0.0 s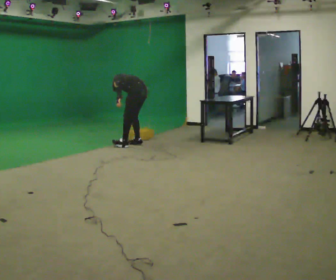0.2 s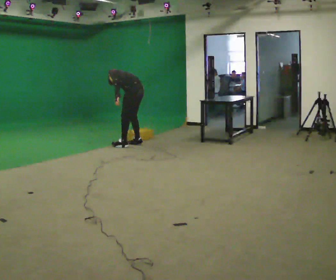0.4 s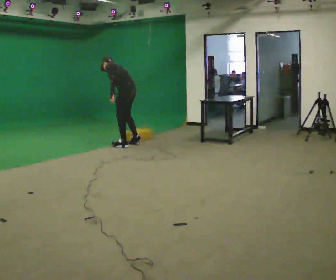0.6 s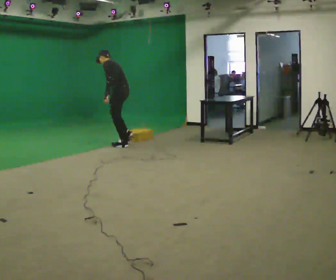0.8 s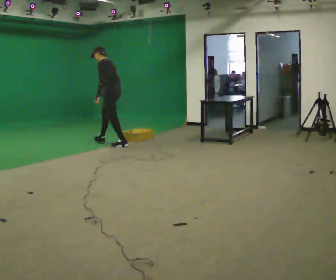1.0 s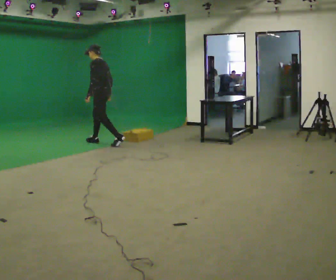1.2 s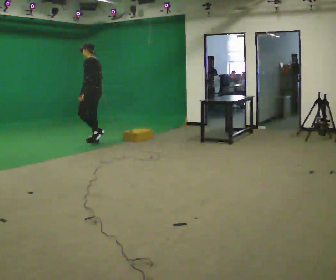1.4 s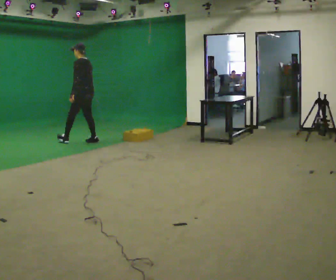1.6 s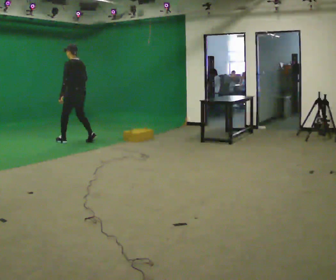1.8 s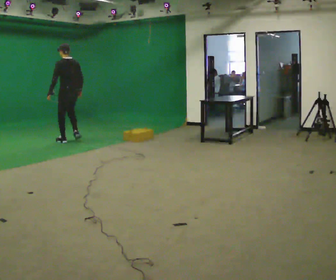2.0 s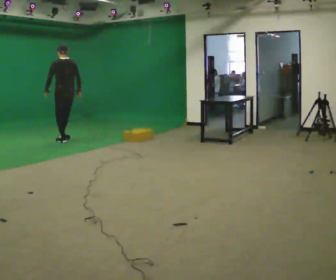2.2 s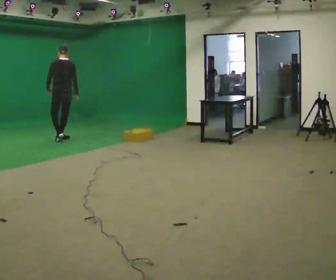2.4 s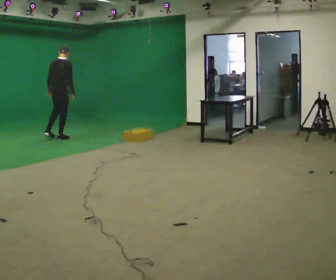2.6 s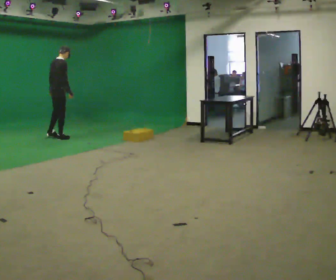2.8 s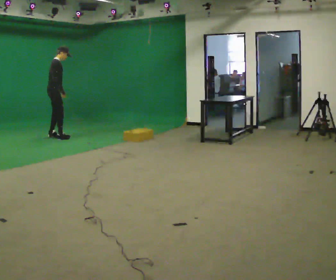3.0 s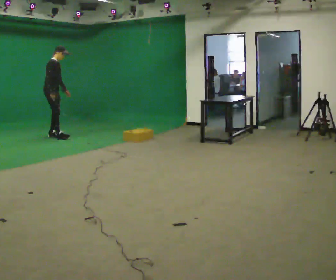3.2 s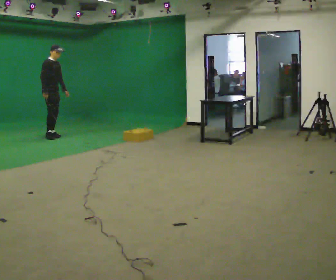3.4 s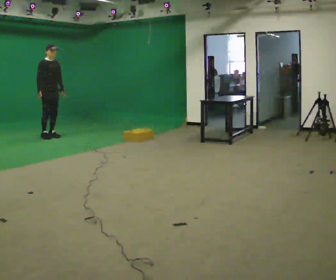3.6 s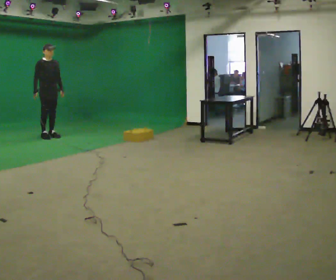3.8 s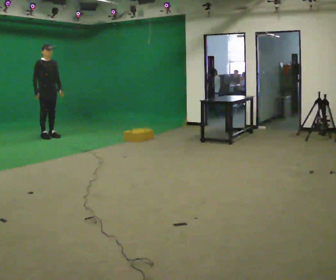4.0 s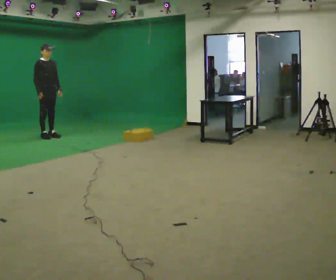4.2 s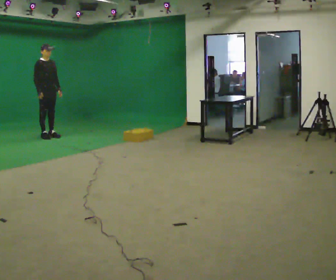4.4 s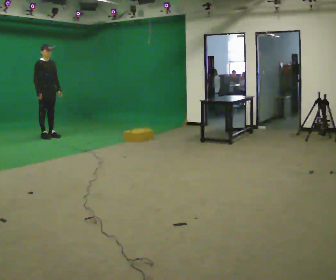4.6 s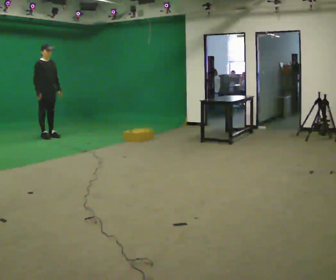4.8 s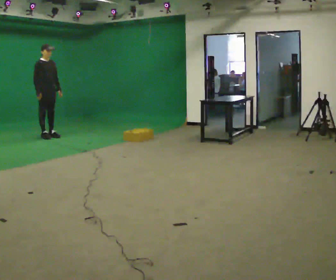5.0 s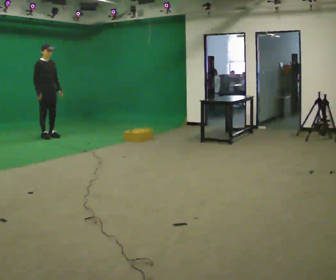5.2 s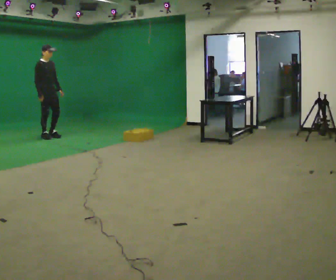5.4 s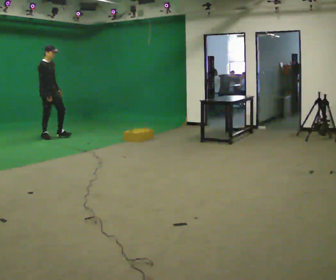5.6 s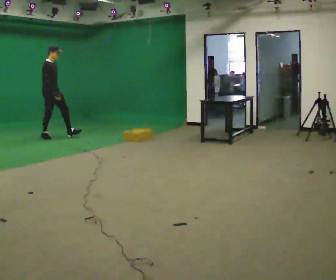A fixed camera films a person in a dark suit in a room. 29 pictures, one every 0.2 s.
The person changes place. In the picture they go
to the left.
The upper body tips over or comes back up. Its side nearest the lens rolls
downward.
0.0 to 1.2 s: In the picture they go to the left and away from the camera, about 1 m in 1 step, which for them is forward. The upper body goes upward. The upper body tips toward the camera, its near side rolling downward, as they lean back or straighten.
1.2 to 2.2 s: Seen from above the body turns clockwise, about 75 degrees: to their right, with its near side sliding to the left. In the picture they go to the left and away from the camera, about 0.75 m in 2 steps. In the picture the upper body tilts clockwise, shoulders to the right.
2.2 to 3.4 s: The part of the body nearest the lens slides to the left as the person turns to their right by about 135 degrees. In the picture they go away from the camera and to the left, about 0.5 m in 2 steps.
3.4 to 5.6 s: The person turns about 30 degrees to their left, counterclockwise seen from above, so the part of the body nearest the lens slides to the right. In the picture their right hand goes to the right.
The film runs forward here.
